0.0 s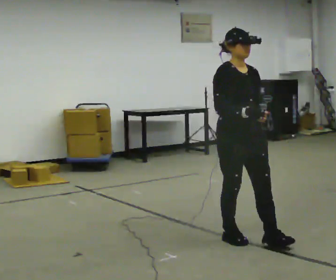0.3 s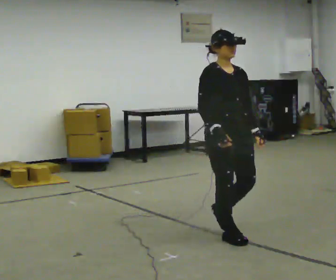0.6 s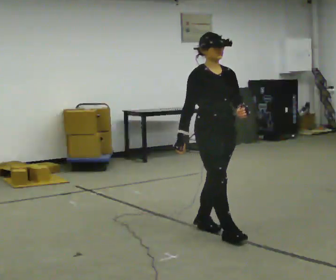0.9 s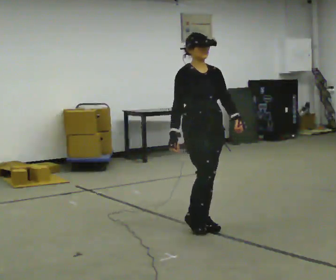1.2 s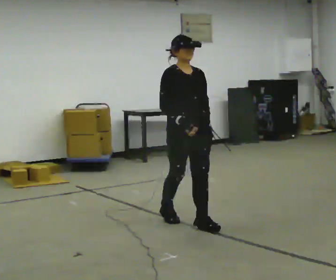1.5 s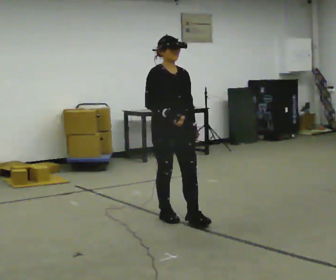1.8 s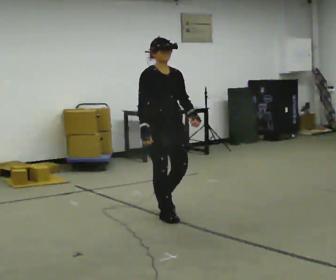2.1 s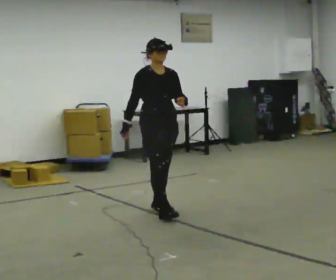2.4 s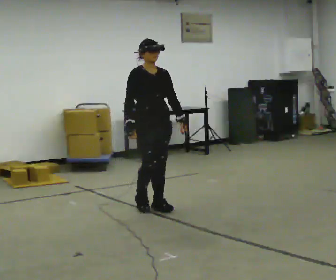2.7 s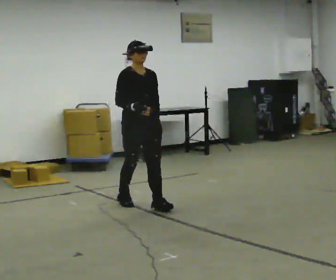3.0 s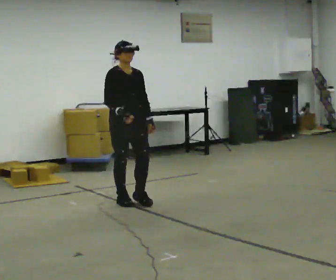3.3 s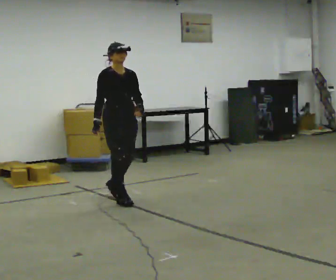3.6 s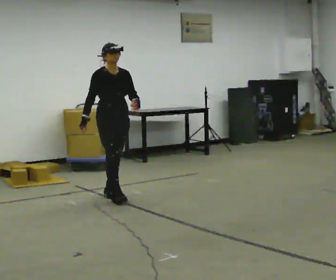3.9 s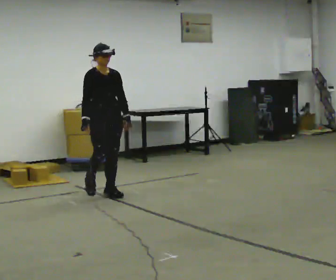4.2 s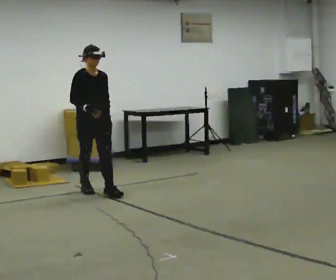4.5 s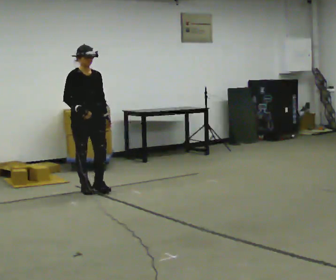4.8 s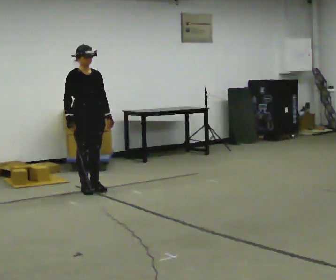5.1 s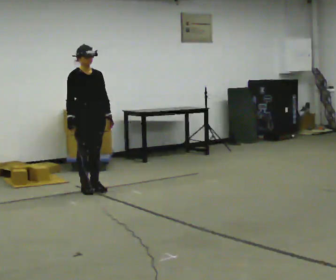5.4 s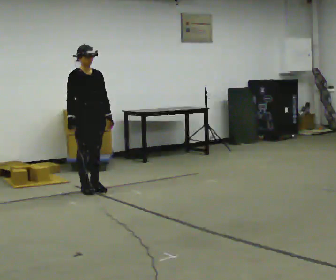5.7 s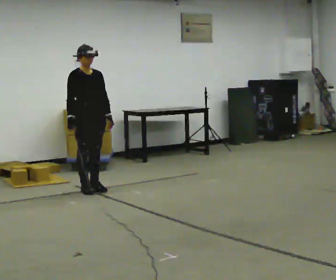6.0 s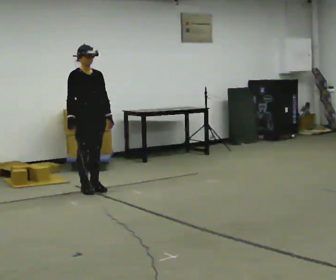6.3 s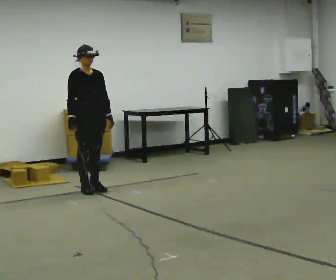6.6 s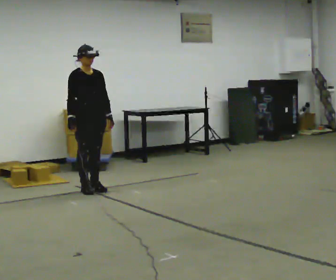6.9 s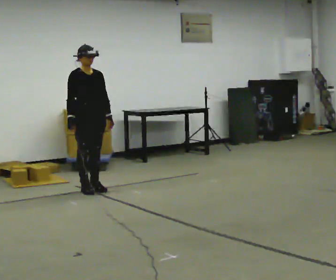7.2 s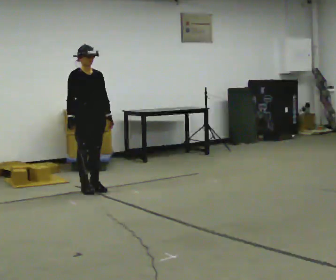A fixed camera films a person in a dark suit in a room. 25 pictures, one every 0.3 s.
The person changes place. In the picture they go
away from the camera.
0.0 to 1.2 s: In the picture they go away from the camera and to the left, about 0.75 m in 1 step, which for them is backward.
1.2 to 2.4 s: In the picture they go away from the camera and to the left, about 0.75 m in 2 steps, which for them is backward.
2.4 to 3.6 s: In the picture they go away from the camera and to the left, about 0.75 m in 2 steps, which for them is backward.
3.6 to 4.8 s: In the picture they go away from the camera and to the left, about 0.5 m in 1 step, which for them is backward.
4.8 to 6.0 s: The person moves a little, or ends about where they began.
6.0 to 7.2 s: The person keeps their place and pose.
The film runs backward here.
